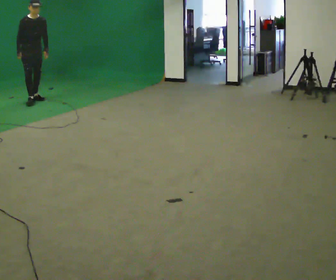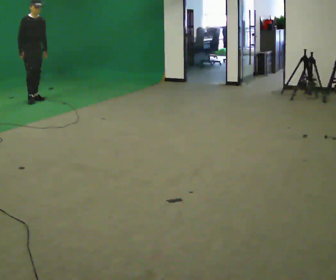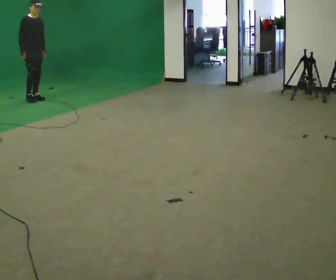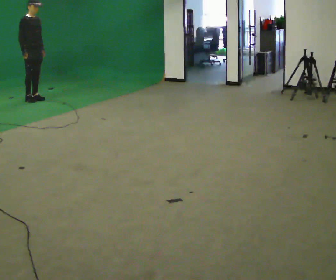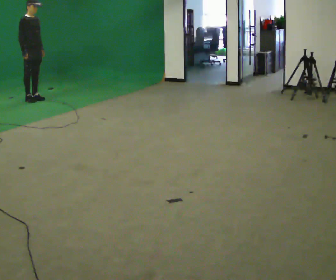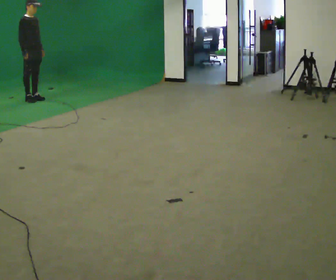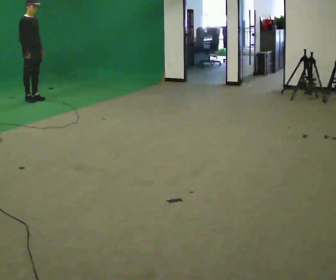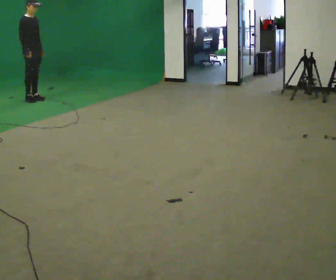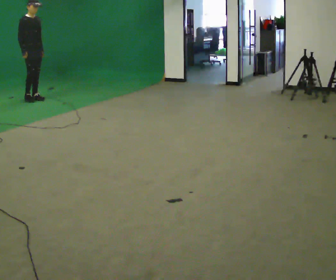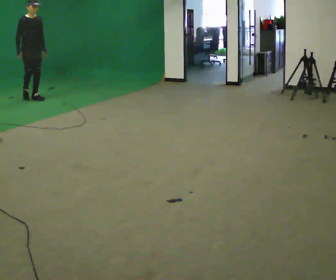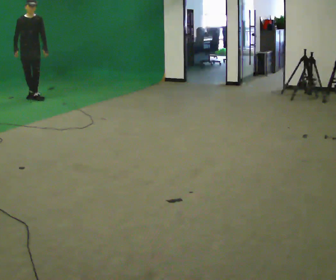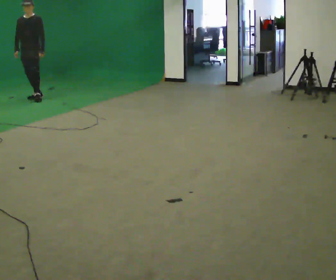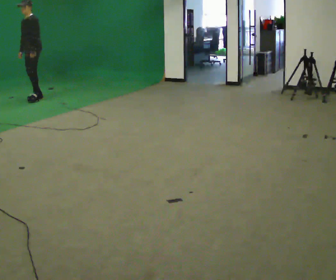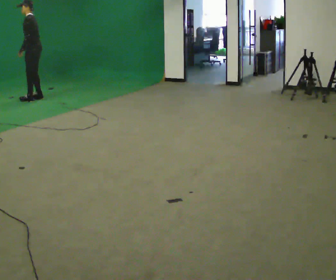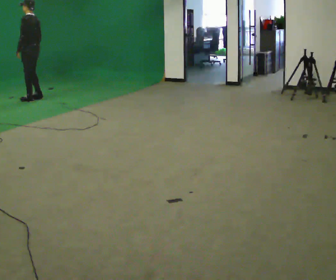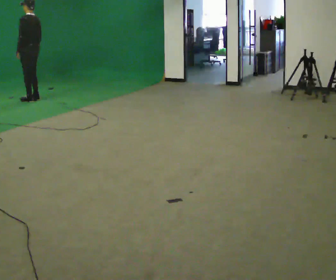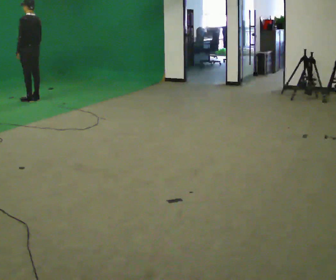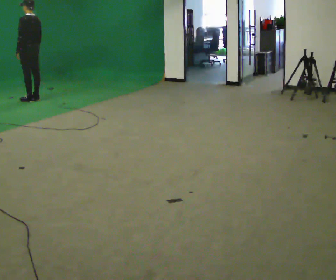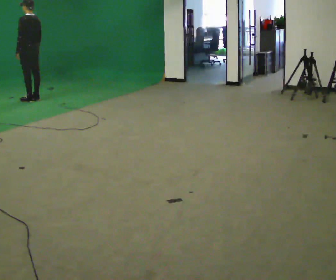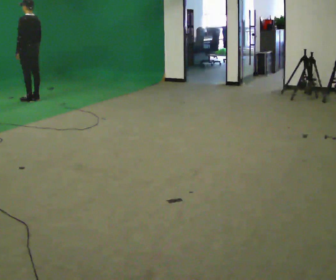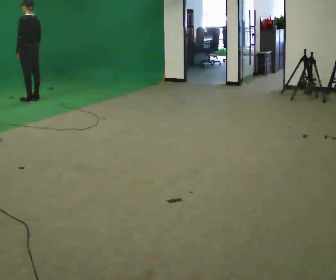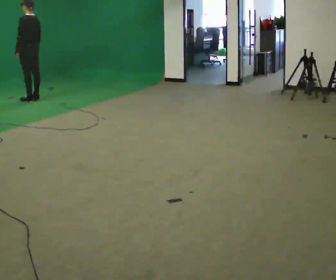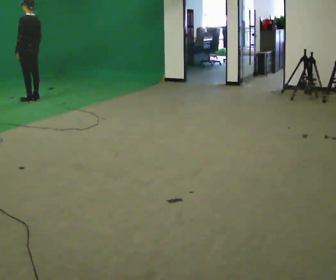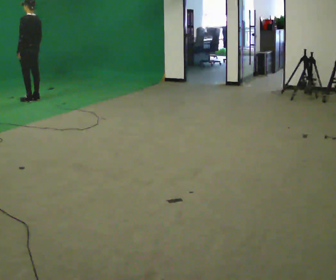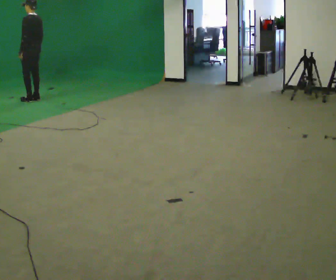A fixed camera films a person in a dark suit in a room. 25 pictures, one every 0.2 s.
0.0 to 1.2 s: Seen from above the body turns counterclockwise, about 30 degrees: to their left, with its near side sliding to the right.
1.2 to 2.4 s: Seen from above the body turns clockwise, about 120 degrees: to their right, with its near side sliding to the left.
2.4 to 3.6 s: The part of the body nearest the lens slides to the left as the person turns to their right by about 75 degrees.
3.6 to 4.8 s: The person moves a little, or ends about where they began.
The film runs backward here.
